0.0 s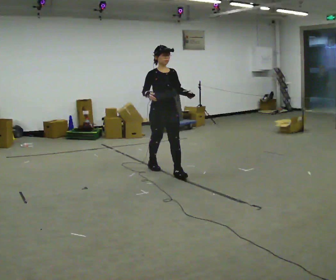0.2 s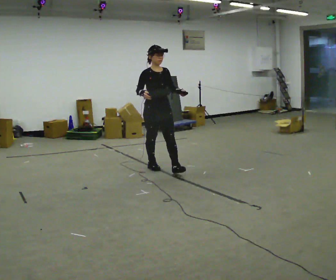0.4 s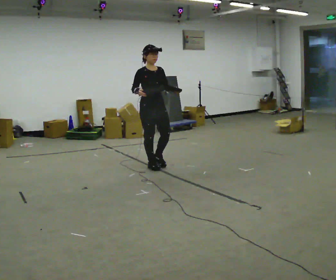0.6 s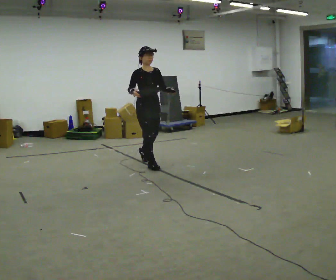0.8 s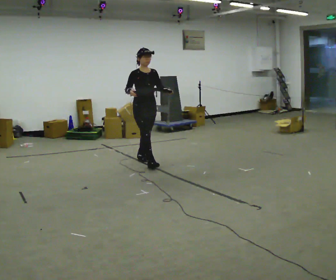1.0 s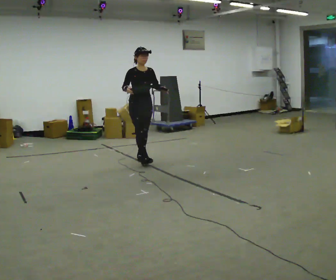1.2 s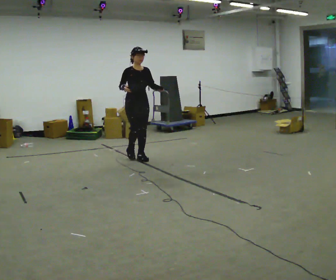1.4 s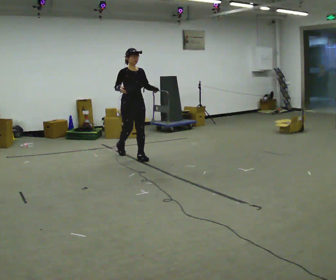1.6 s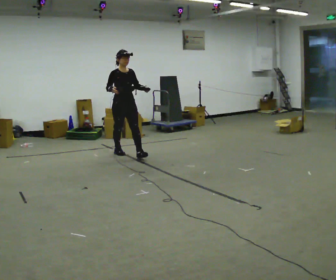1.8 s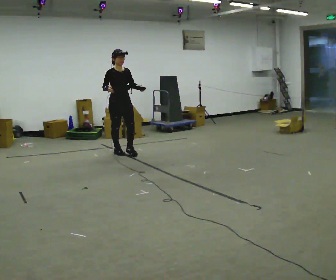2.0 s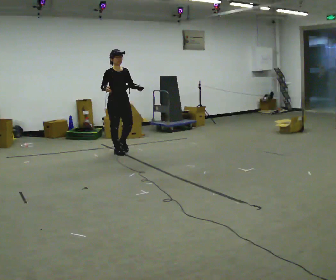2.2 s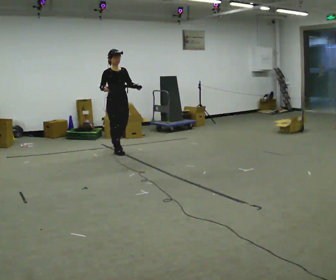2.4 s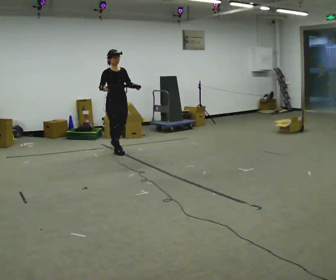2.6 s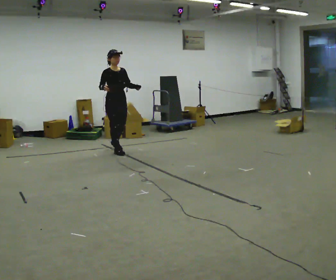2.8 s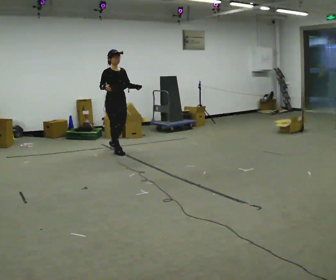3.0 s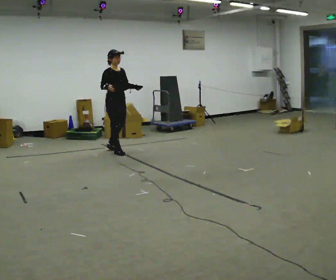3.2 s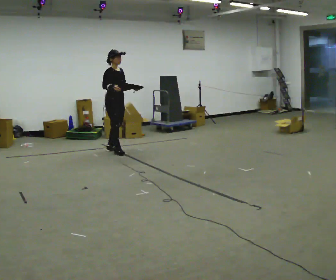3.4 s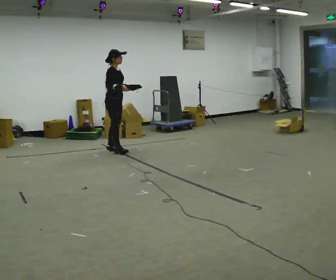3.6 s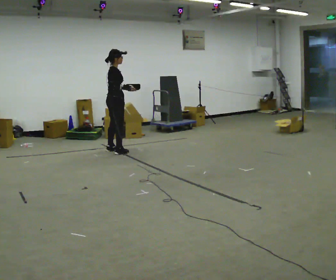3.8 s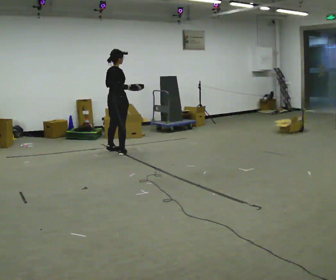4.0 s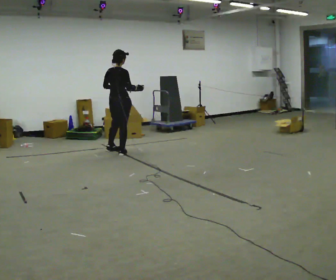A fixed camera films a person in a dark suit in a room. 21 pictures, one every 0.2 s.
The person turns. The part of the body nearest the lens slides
to the right.
The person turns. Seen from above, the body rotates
counterclockwise.
0.0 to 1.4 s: In the picture they go away from the camera and to the left, about 1 m in 2 steps, which for them is backward.
1.4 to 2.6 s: In the picture they go away from the camera and to the left, about 0.5 m in 1 step, which for them is backward.
2.6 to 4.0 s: Seen from above the body turns counterclockwise, about 120 degrees: to their left, with its near side sliding to the right. In the picture their left hand goes to the left.
The film runs backward here.
